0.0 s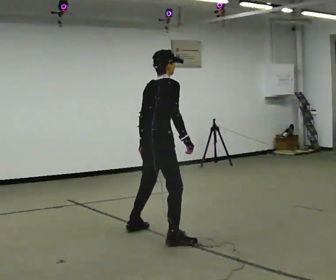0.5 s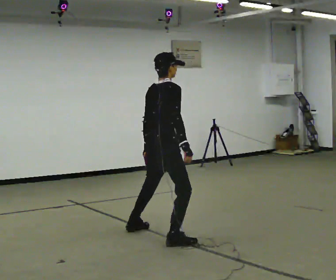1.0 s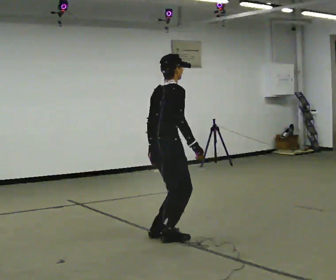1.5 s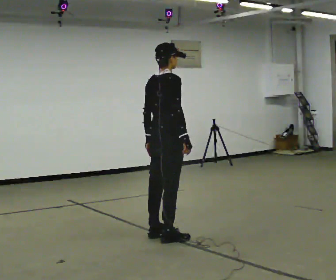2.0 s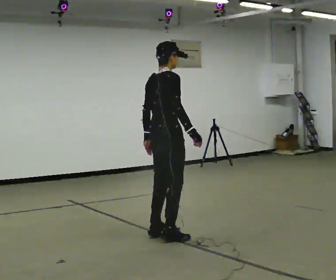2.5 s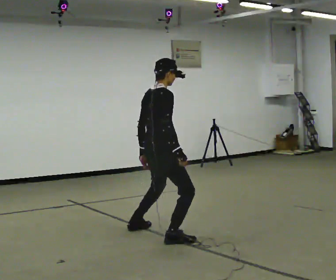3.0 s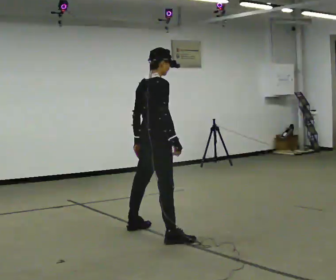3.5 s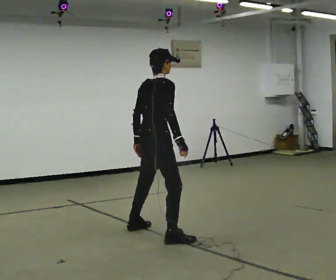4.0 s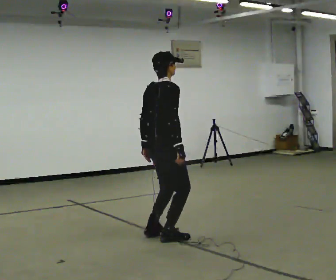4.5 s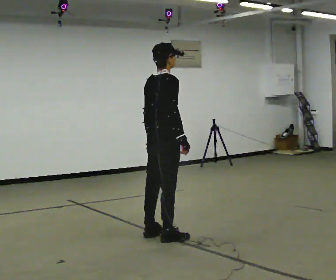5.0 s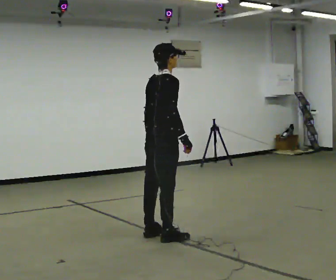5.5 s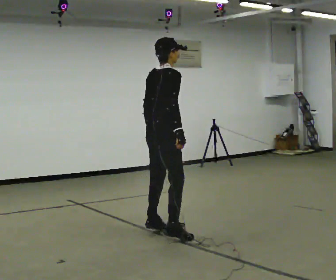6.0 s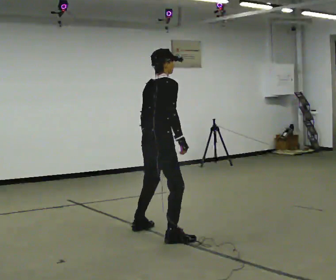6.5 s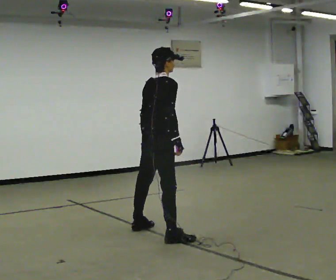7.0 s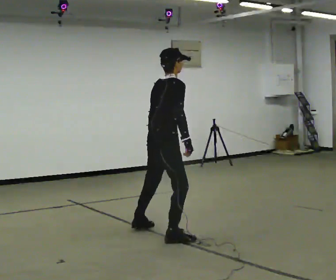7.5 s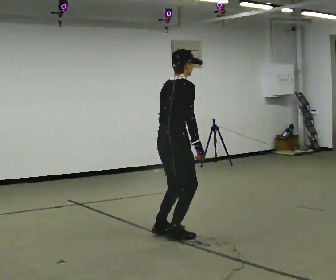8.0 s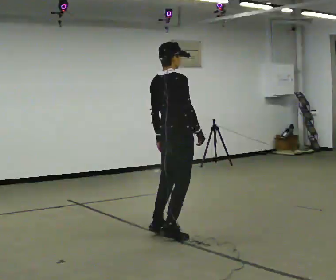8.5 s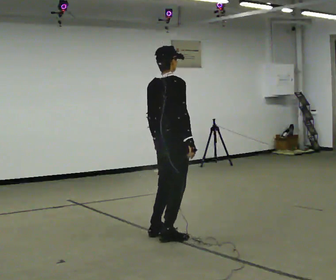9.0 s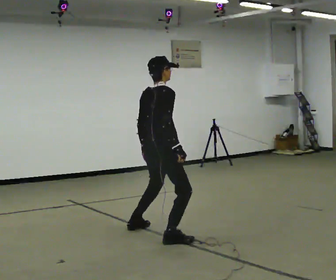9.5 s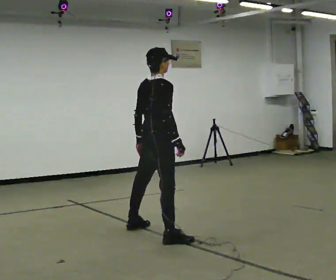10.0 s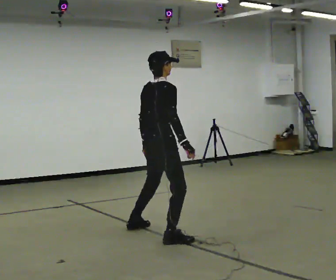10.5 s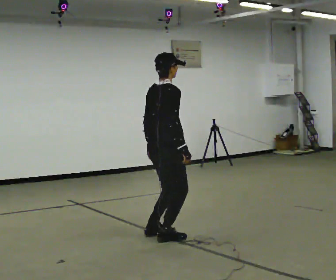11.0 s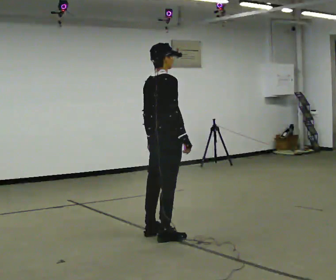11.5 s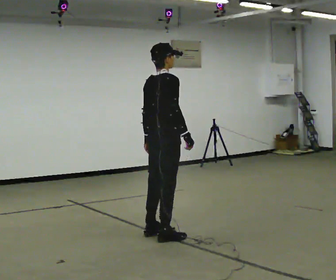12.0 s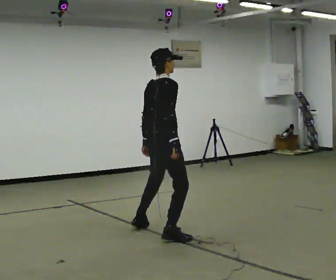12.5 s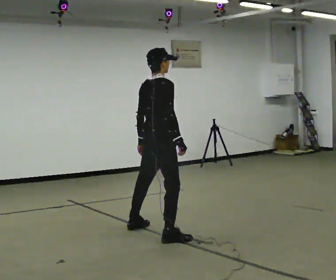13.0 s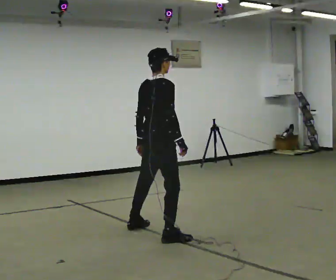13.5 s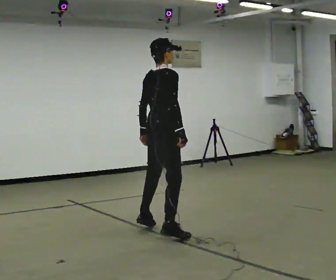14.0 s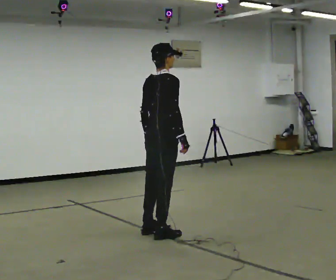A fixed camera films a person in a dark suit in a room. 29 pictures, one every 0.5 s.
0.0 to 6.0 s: The person moves a little, or ends about where they began.
6.0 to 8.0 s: In the picture they go to the right, about 0.25 m in 1 step, which for them is forward.
8.0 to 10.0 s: In the picture they go to the left, about 0.25 m in 1 step.
10.0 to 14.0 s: The person moves a little, or ends about where they began.
The film runs backward here.
